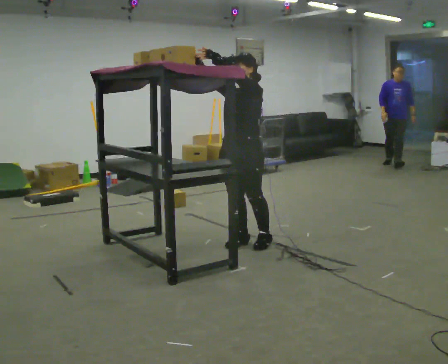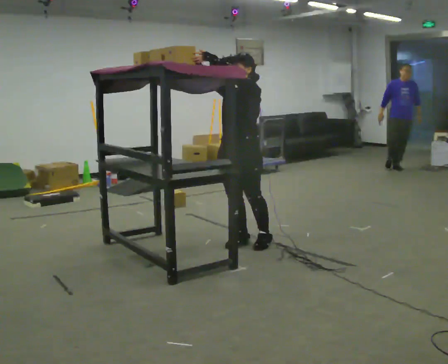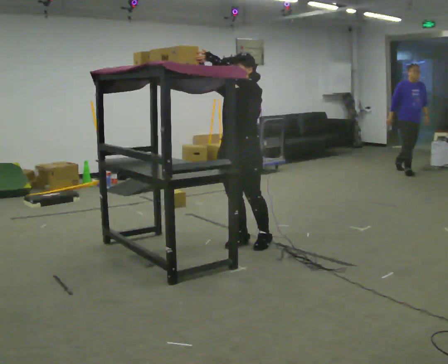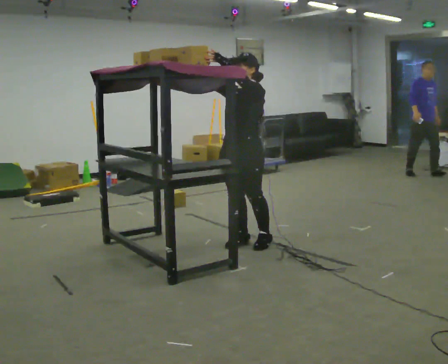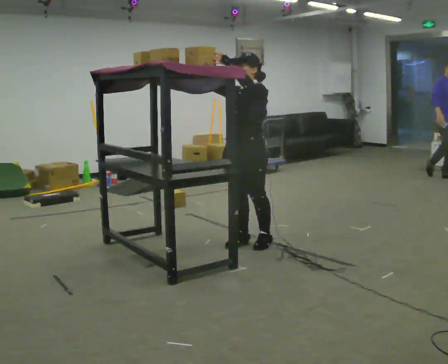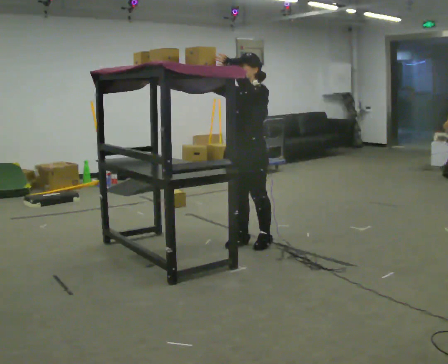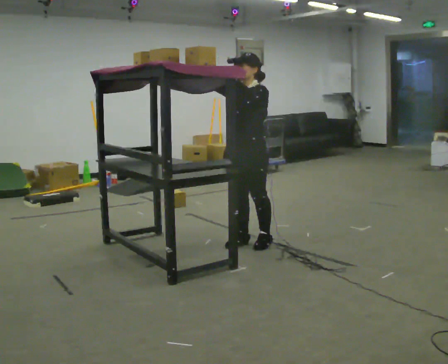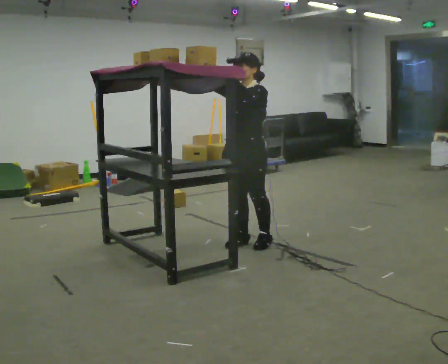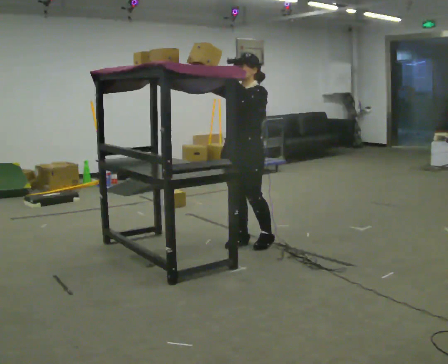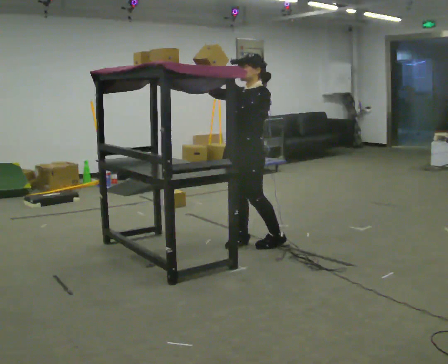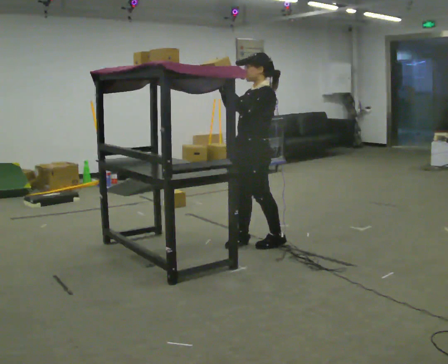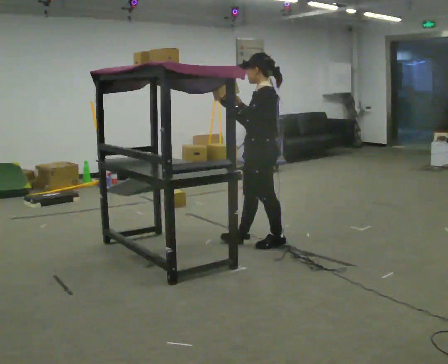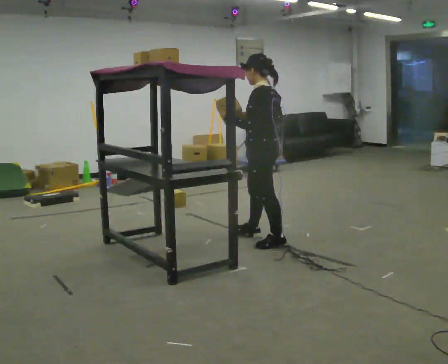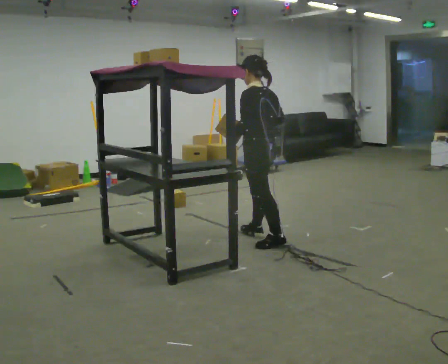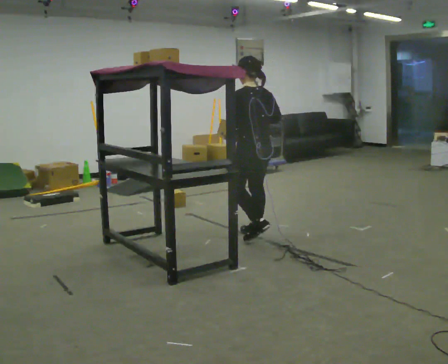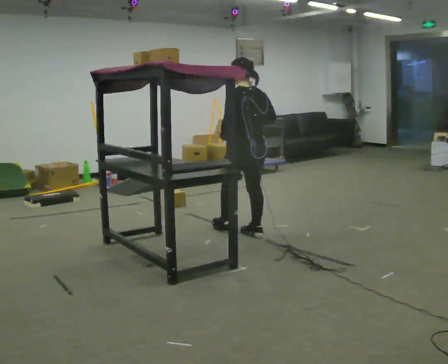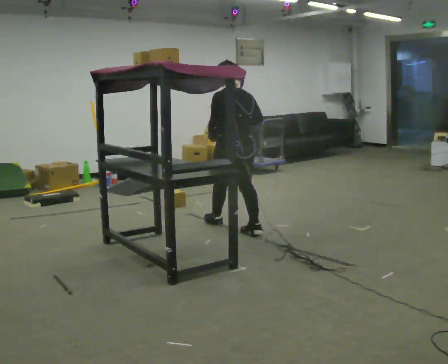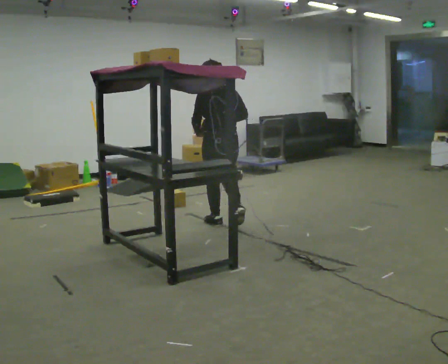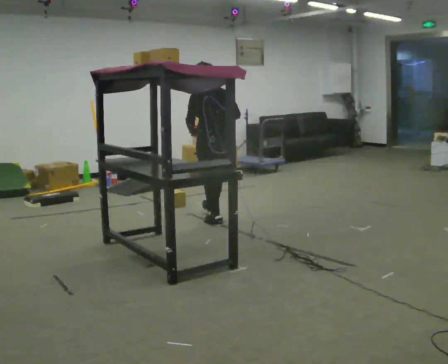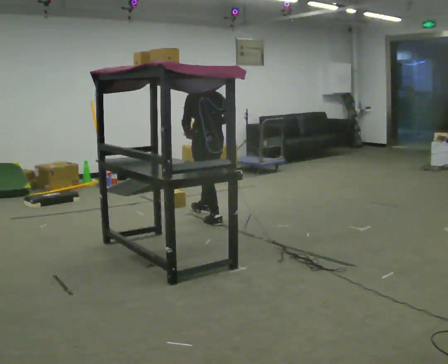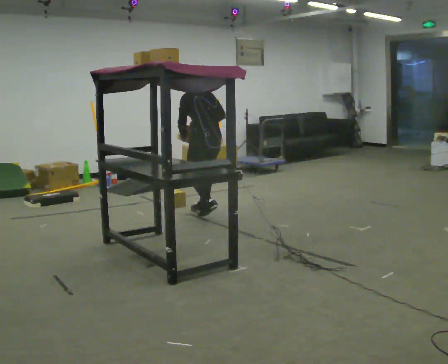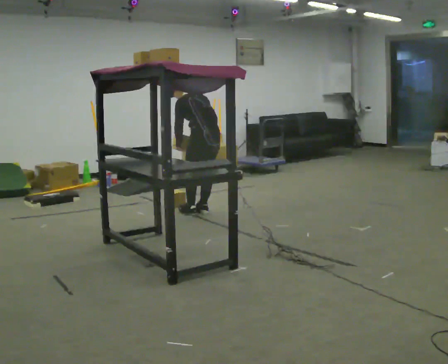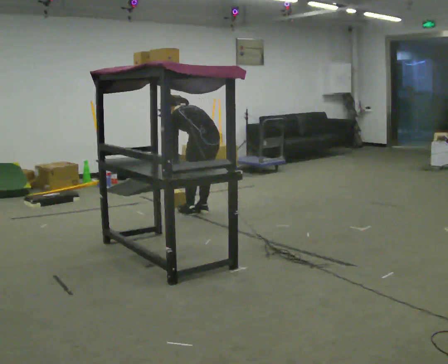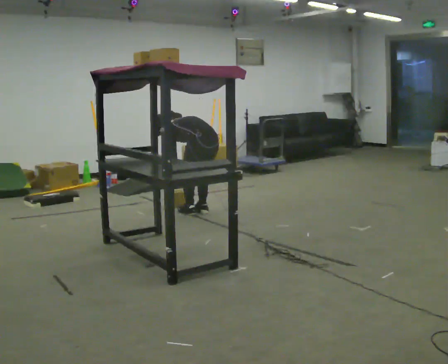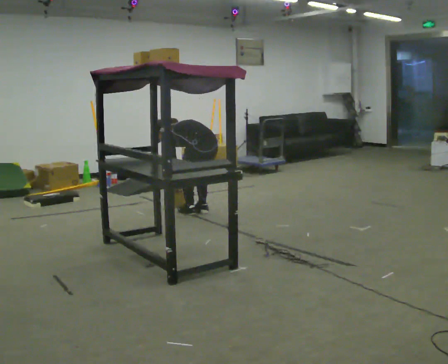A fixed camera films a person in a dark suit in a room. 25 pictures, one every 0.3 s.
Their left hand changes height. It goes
downward.
The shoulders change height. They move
downward.
0.0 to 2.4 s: The person moves a little, or ends about where they began.
2.4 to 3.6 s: The part of the body nearest the lens slides to the left as the person turns to their right by about 60 degrees. In the picture they go to the right, about 0.25 m in 1 step, which for them is backward. In the picture their right hand goes downward and to the right.
3.6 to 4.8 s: The part of the body nearest the lens slides to the left as the person turns to their right by about 45 degrees. In the picture they go away from the camera and to the left, about 0.5 m in 2 steps, which for them is forward.
4.8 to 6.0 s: In the picture they go away from the camera and to the left, about 0.5 m in 1 step, which for them is forward.
6.0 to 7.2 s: The shoulders move downward. In the picture the upper body tilts counterclockwise, shoulders to the left, as they bend forward. In the picture their left hand goes downward.
The film runs forward here.
